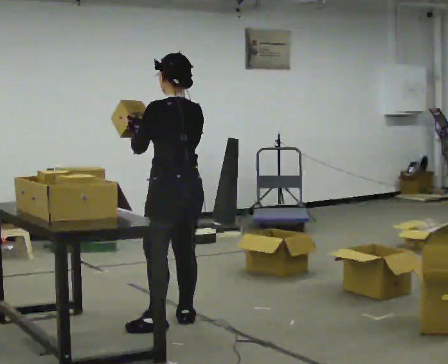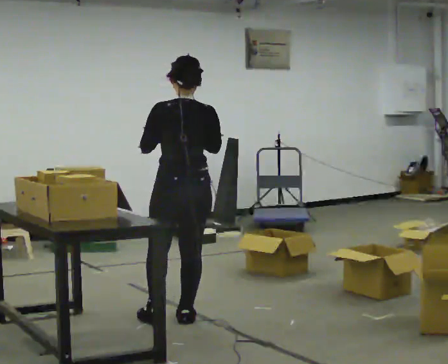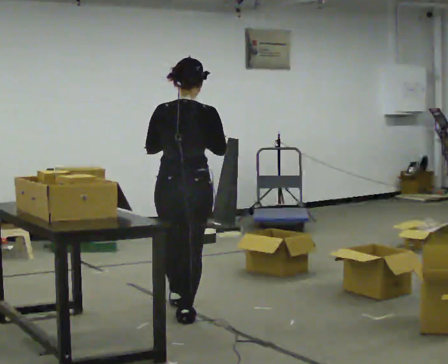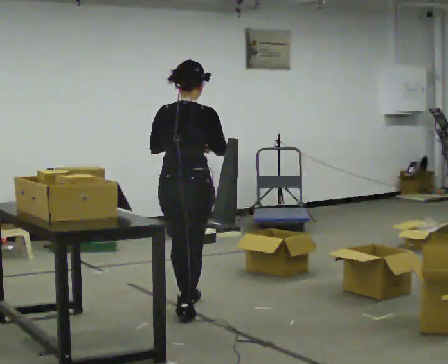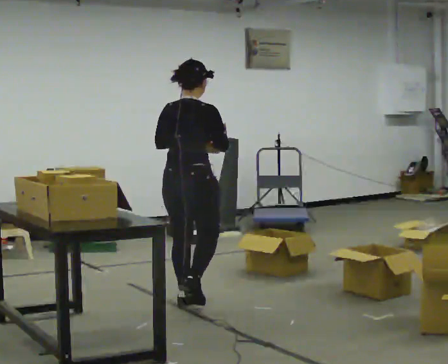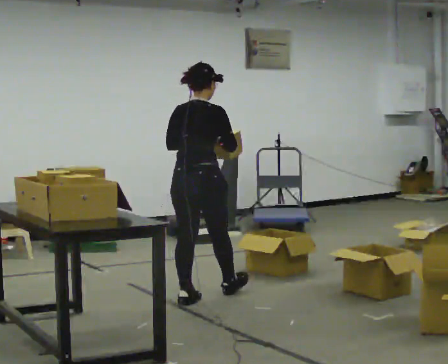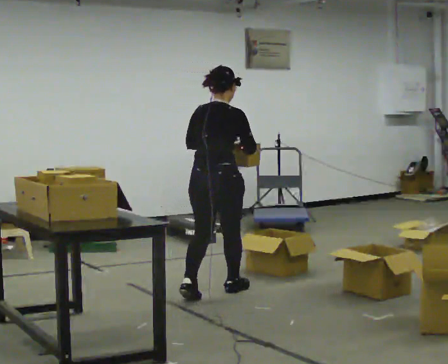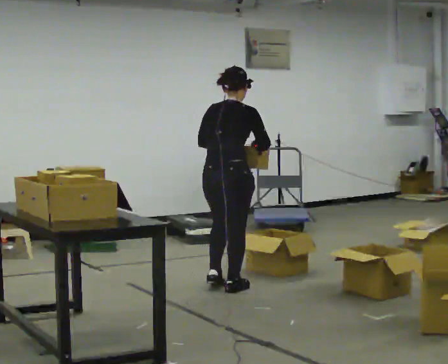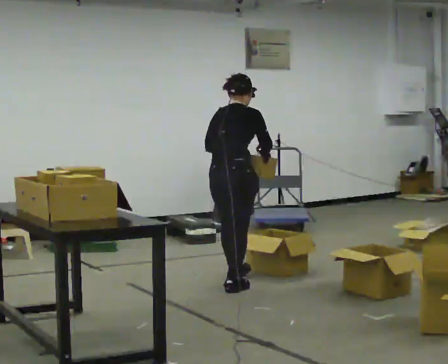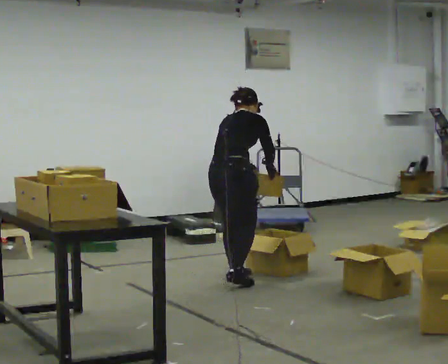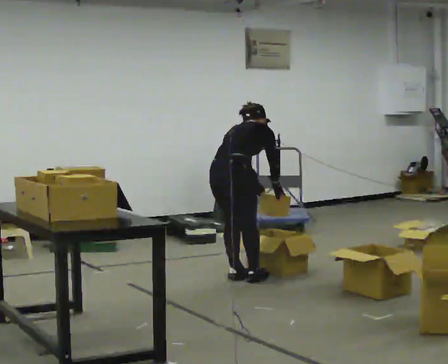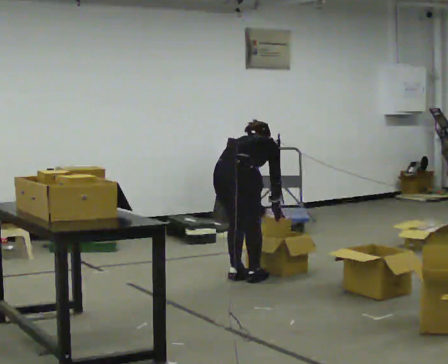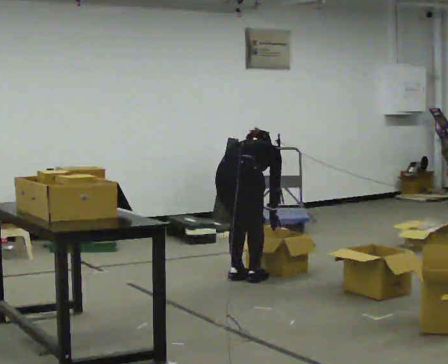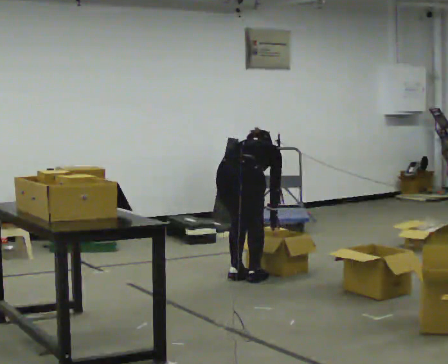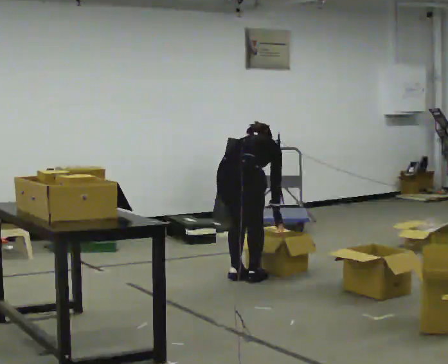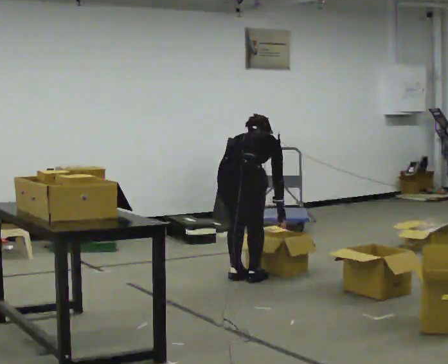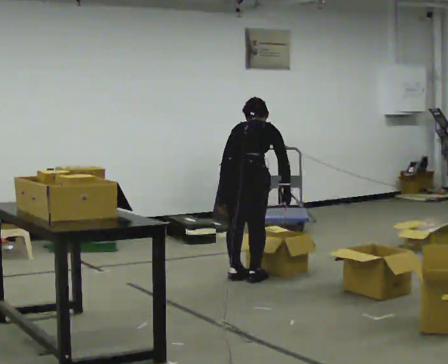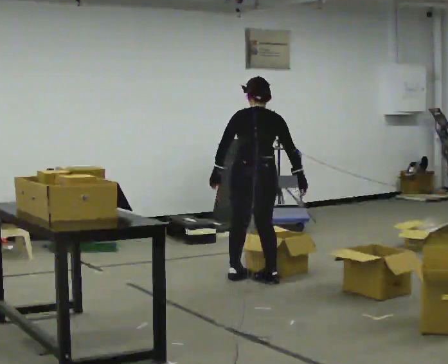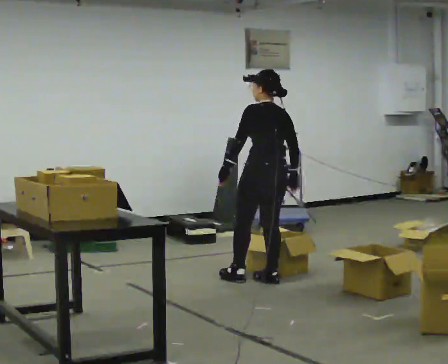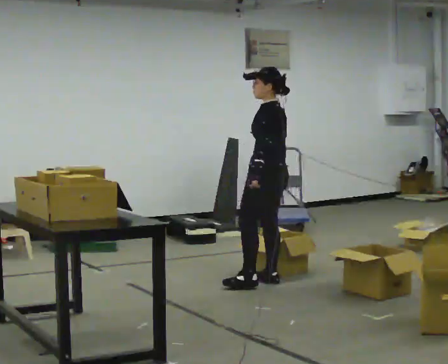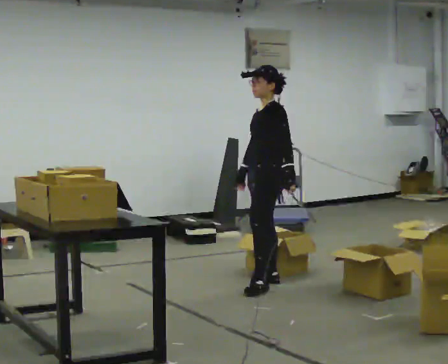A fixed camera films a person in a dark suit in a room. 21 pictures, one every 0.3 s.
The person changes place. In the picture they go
away from the camera.
0.0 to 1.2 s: Seen from above the body turns clockwise, about 60 degrees: to their right, with its near side sliding to the left. In the picture they go away from the camera, about 0.5 m in 1 step.
1.2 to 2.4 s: In the picture they go away from the camera and to the right, about 0.5 m in 2 steps, which for them is forward.
2.4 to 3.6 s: In the picture they go away from the camera, about 0.25 m in 1 step, which for them is forward. The upper body goes downward. The upper body tips away from the camera, its near side rolling upward, as they bend forward. In the picture their right hand goes downward.
3.6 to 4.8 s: The shoulders move upward. In the picture the upper body tilts counterclockwise, shoulders to the left, as they lean back or straighten.
4.8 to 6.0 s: The part of the body nearest the lens slides to the right as the person turns to their left by about 120 degrees. In the picture they go to the right, about 0.25 m in 2 steps. The shoulders move upward. The upper body tips toward the camera, its near side rolling downward, as they lean back or straighten. In the picture their right hand goes to the left, the arm swinging clockwise.
The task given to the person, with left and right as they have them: 1. Take the objects out of the box on the table one at a time. 2. Put each one in the bin the operator has labelled for it. 3. Tell the operator when you are finished.
The film runs forward here.
